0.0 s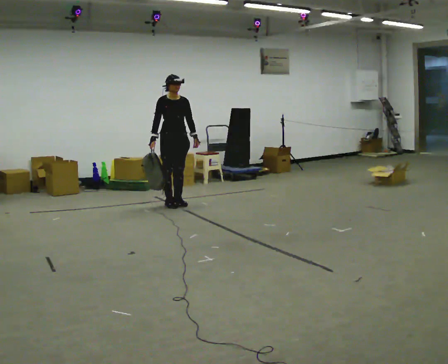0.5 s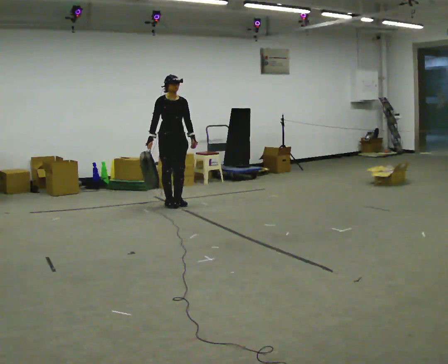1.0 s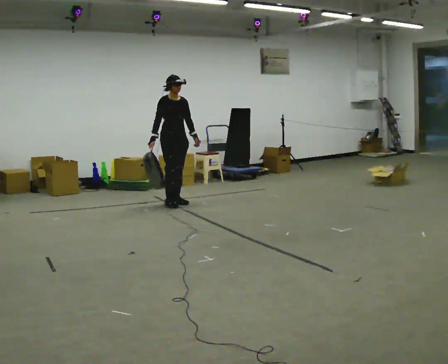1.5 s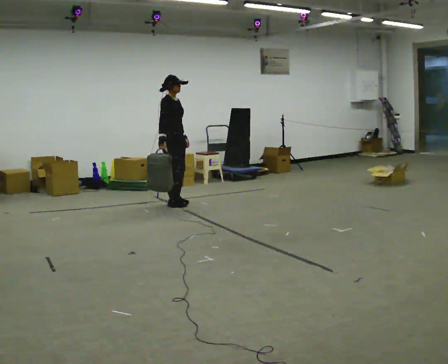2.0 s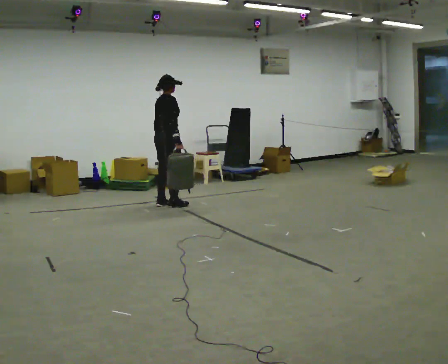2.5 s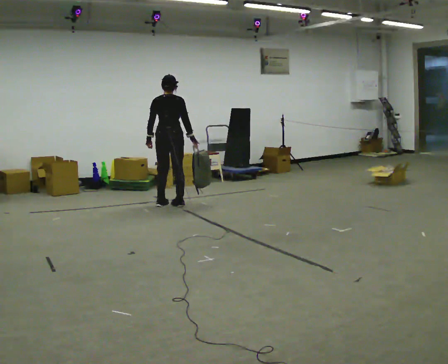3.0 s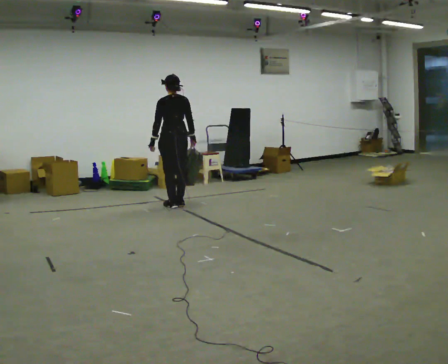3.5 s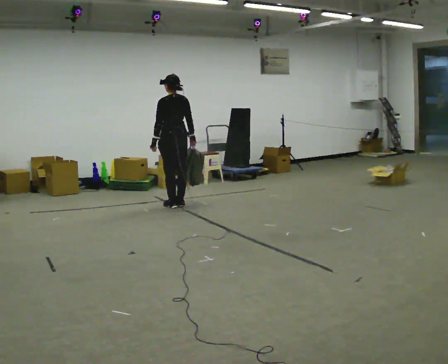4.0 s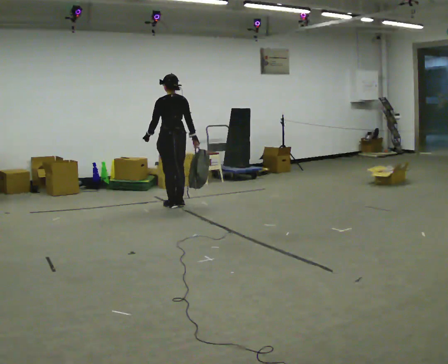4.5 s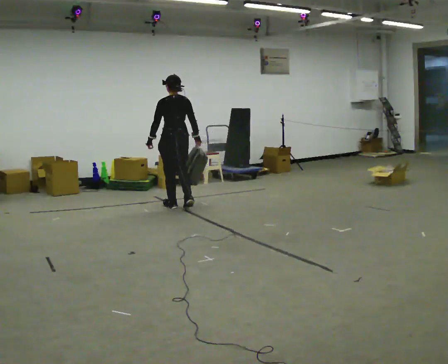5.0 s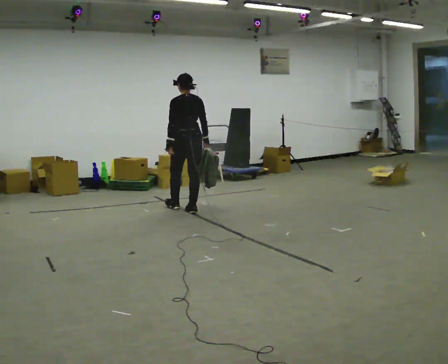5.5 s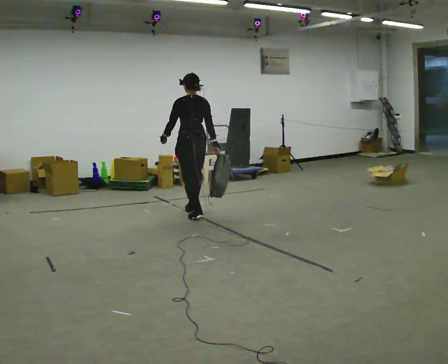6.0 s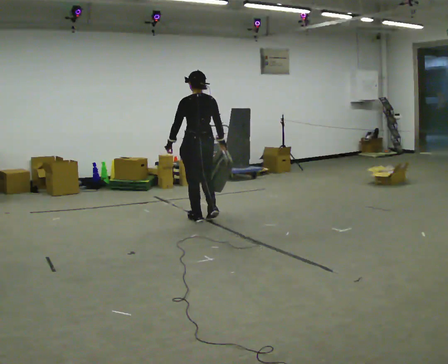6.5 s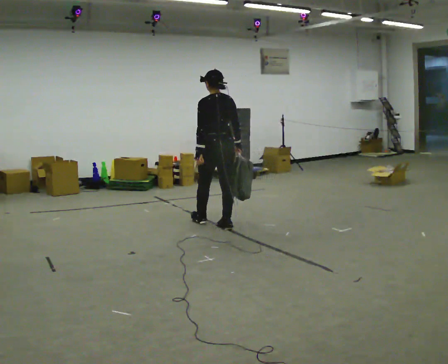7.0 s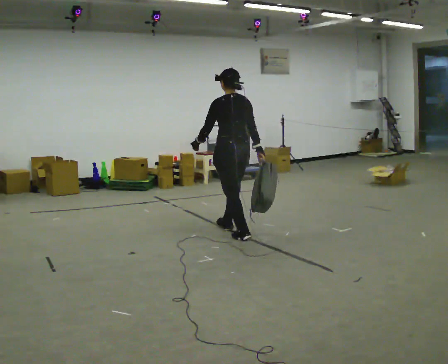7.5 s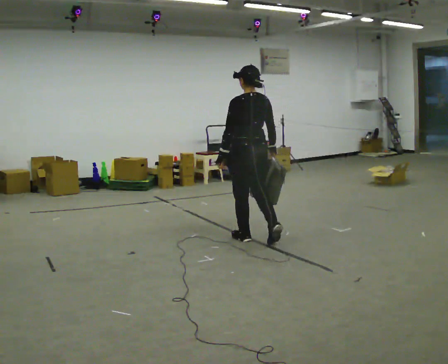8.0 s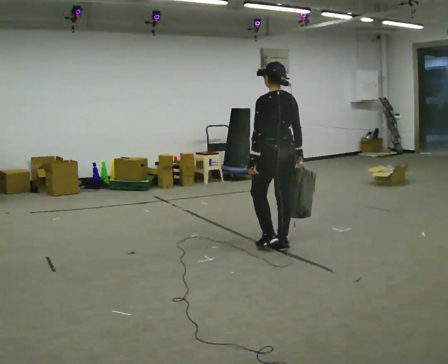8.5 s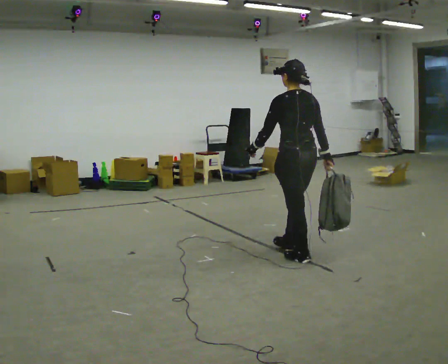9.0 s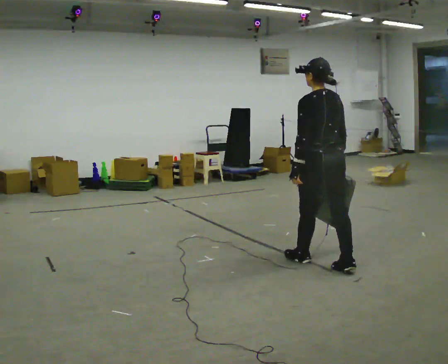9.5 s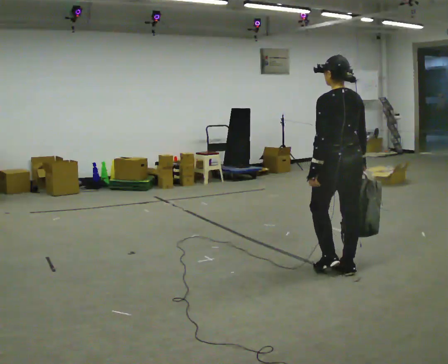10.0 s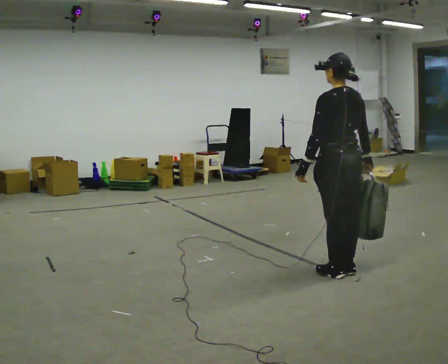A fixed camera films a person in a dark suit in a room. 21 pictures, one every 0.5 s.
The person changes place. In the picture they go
toward the camera.
0.0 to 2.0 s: The person turns about 105 degrees to their left, counterclockwise seen from above, so the part of the body nearest the lens slides to the right. In the picture their left hand goes to the left, the arm swinging clockwise.
2.0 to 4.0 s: The part of the body nearest the lens slides to the right as the person turns to their left by about 75 degrees.
4.0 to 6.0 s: In the picture they go toward the camera and to the right, about 1 m in 3 steps, which for them is backward.
6.0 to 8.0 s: In the picture they go toward the camera and to the right, about 1.5 m in 3 steps, which for them is backward.
8.0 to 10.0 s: In the picture they go toward the camera and to the right, about 1 m in 2 steps, which for them is backward.
The film runs backward here.
